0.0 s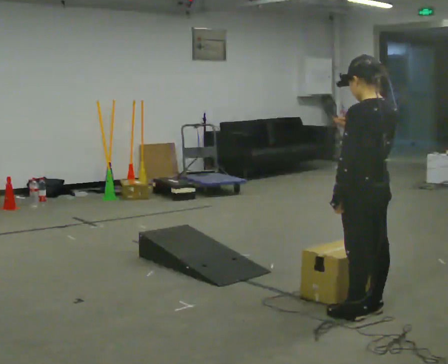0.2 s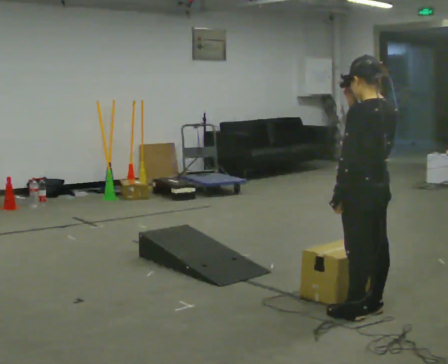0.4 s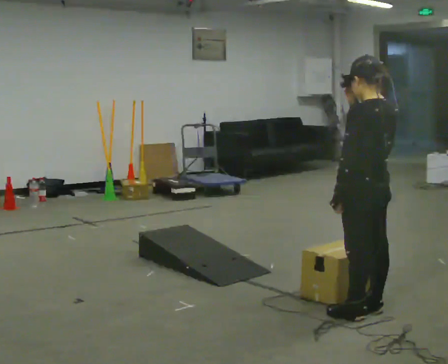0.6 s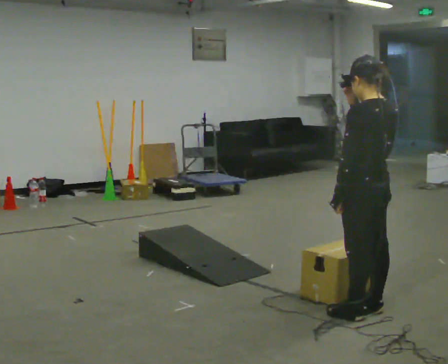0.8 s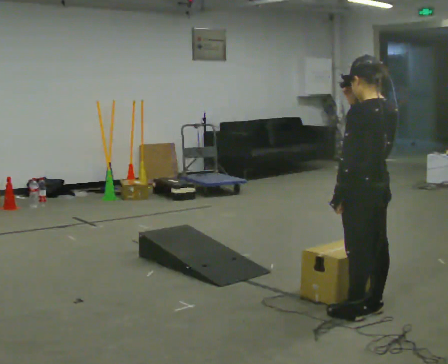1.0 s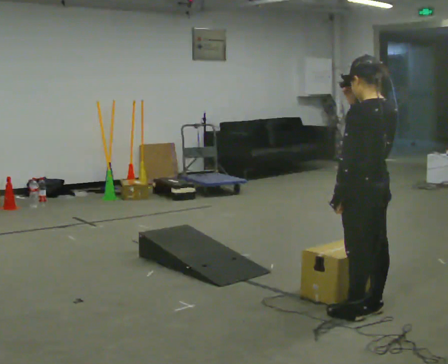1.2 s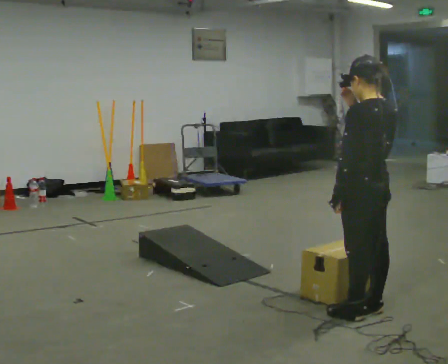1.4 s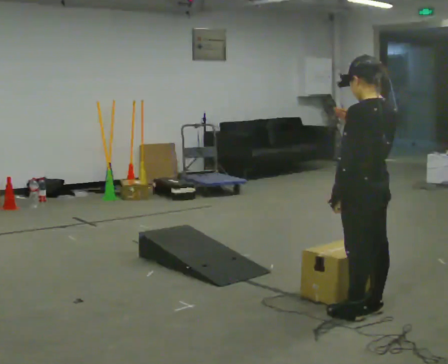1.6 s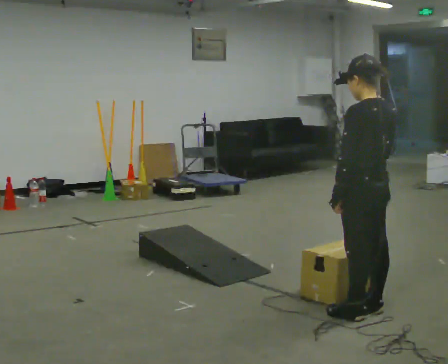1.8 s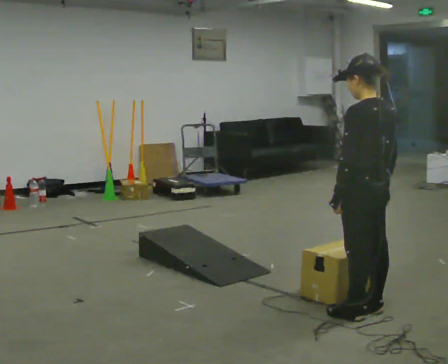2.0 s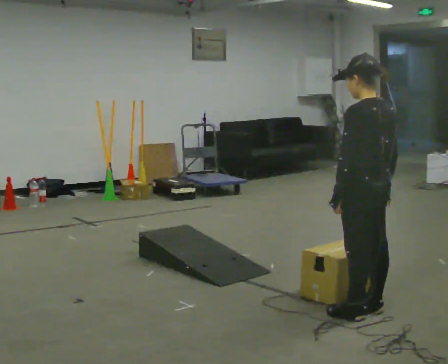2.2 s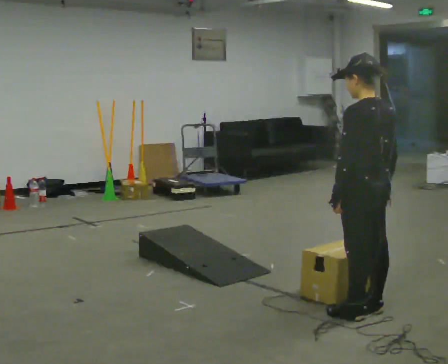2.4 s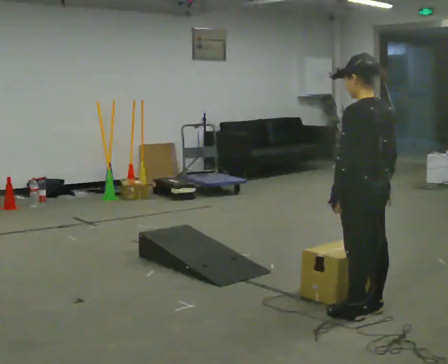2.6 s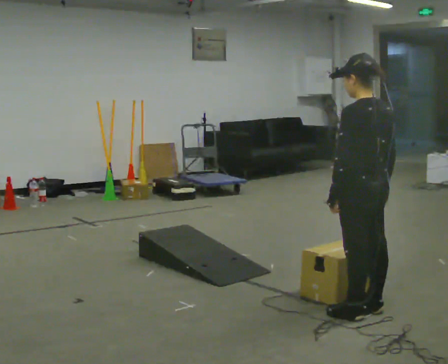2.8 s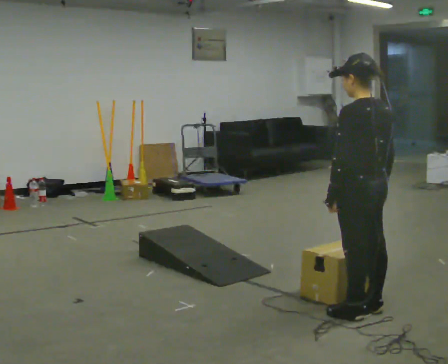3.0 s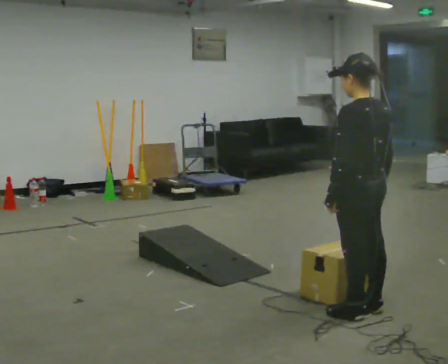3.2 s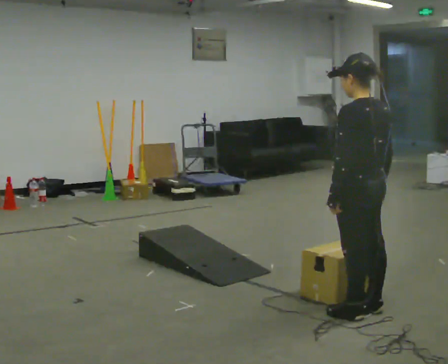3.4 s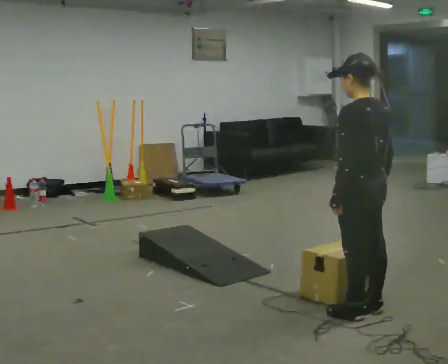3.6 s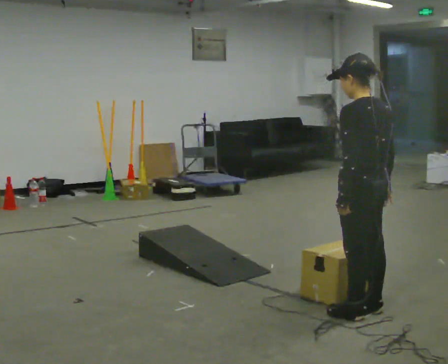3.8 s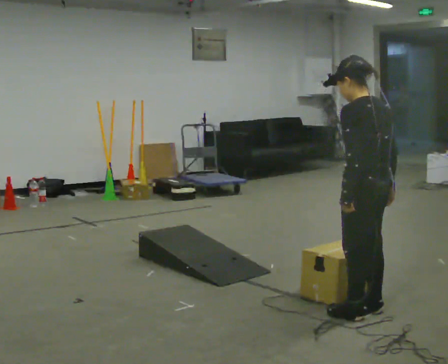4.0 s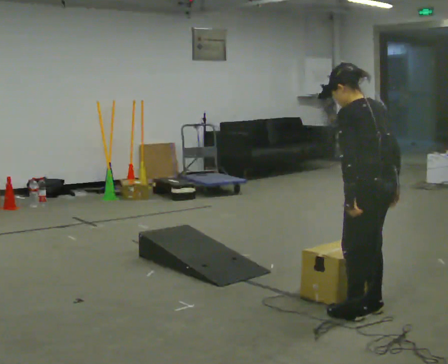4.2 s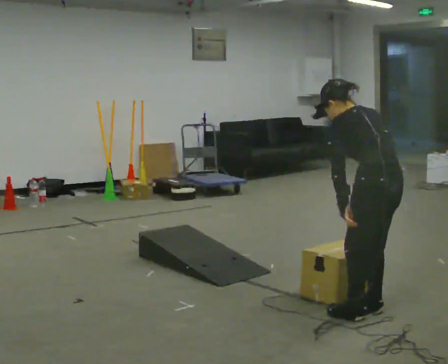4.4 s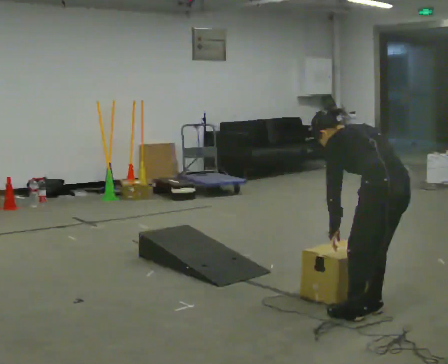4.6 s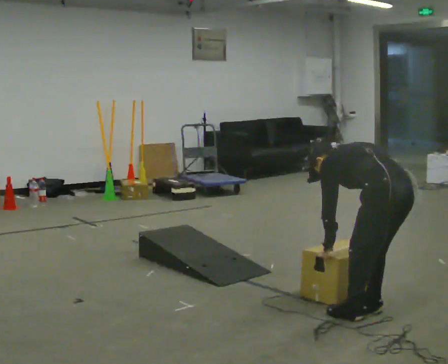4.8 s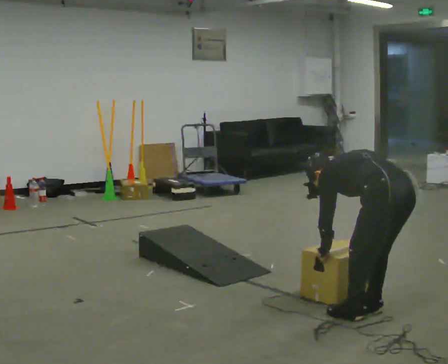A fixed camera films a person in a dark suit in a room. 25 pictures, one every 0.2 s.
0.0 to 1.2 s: The person moves a little, or ends about where they began.
1.2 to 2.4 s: In the picture their right hand goes downward.
2.4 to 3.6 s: The person moves a little, or ends about where they began.
3.6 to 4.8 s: In the picture they go to the right and toward the camera, about 0.25 m, which for them is backward. The upper body goes downward. The upper body tips away from the camera, its near side rolling upward, as they bend forward. In the picture their left hand goes downward.
The film runs backward here.
